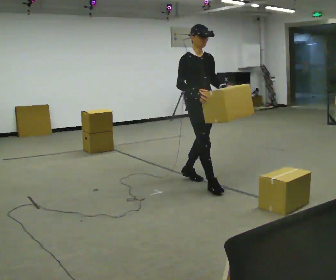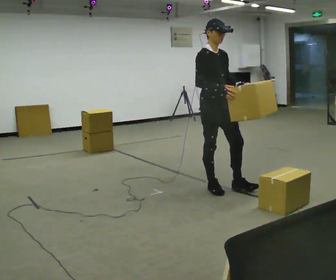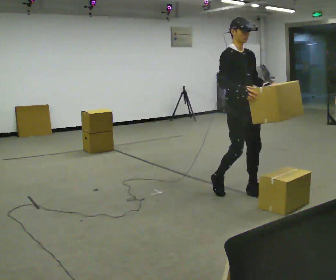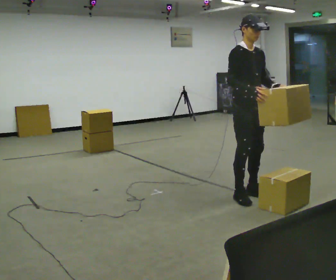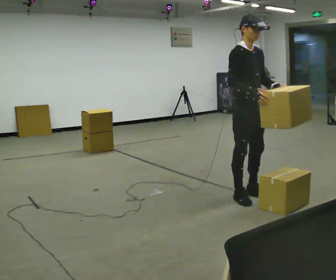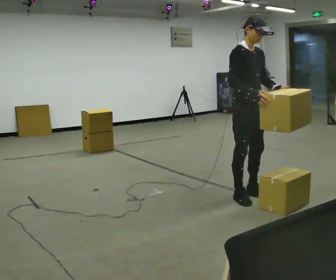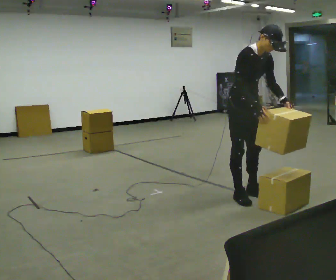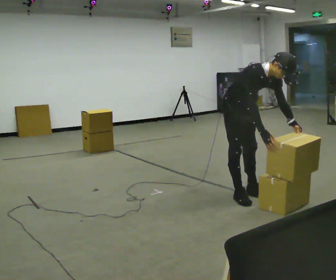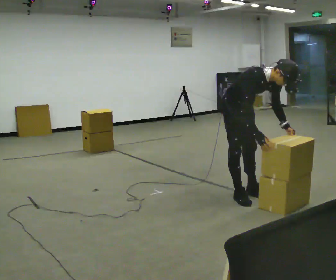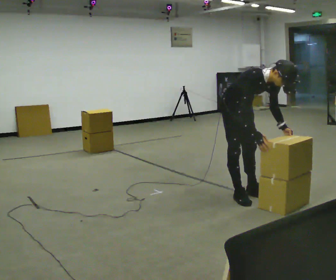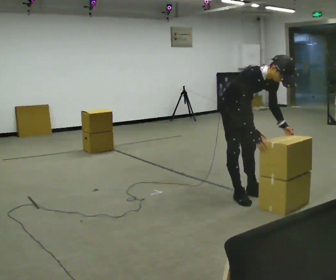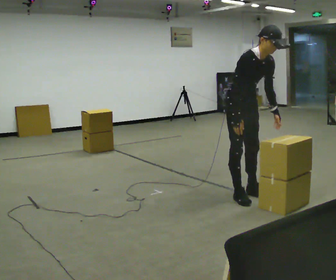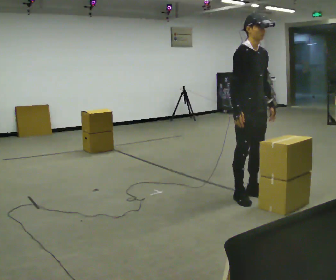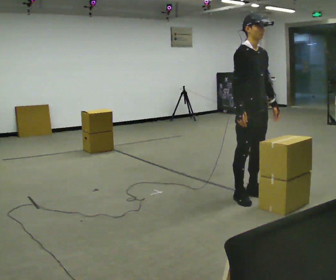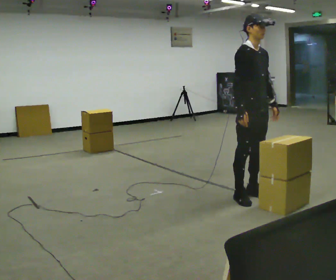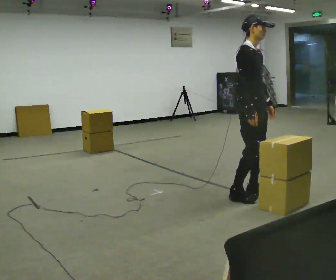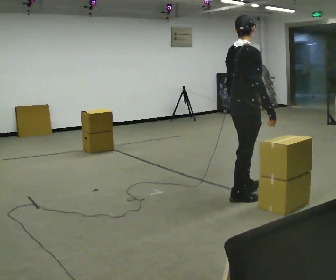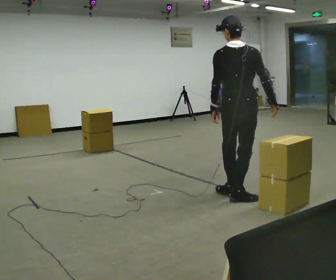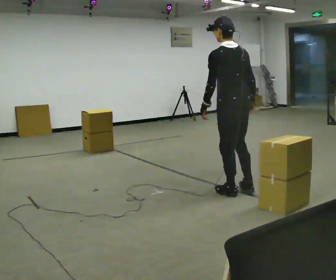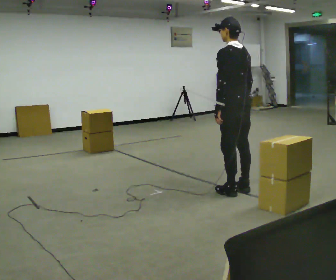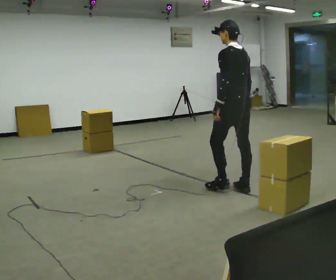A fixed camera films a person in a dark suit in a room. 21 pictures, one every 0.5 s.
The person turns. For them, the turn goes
to their left.
The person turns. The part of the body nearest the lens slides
to the right.
0.0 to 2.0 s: In the picture they go to the right and toward the camera, about 0.75 m in 2 steps, which for them is forward.
2.0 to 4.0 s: The upper body goes downward. In the picture the upper body tilts clockwise, shoulders to the right, as they bend forward. In the picture their right hand goes downward.
4.0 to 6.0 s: The shoulders move upward. In the picture the upper body tilts counterclockwise, shoulders to the left, as they lean back or straighten.
6.0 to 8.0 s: The part of the body nearest the lens slides to the right as the person turns to their left by about 75 degrees. In the picture their right hand goes to the right.
8.0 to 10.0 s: Seen from above the body turns counterclockwise, about 105 degrees: to their left, with its near side sliding to the right. In the picture they go away from the camera, about 0.25 m in 2 steps.
The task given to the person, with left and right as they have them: Carry the stack of boxes across the room without letting it fall over, then bring it back. Keep going until the operator says stop; one object at a time, and do not rush between trips.
The film runs forward here.
